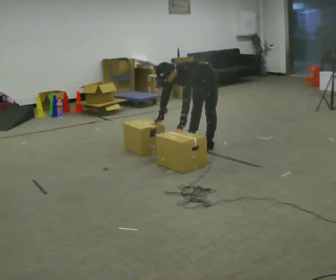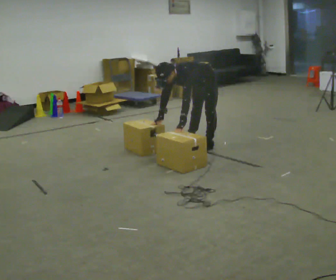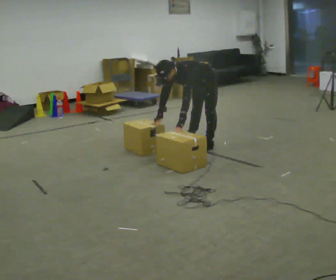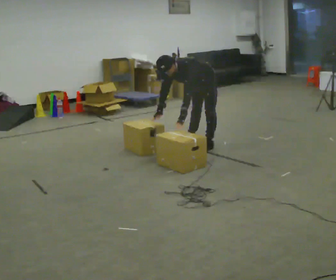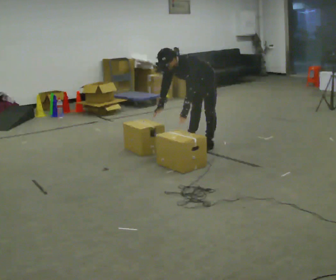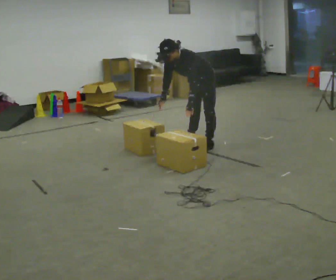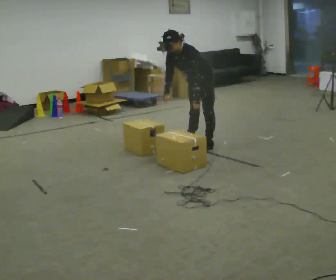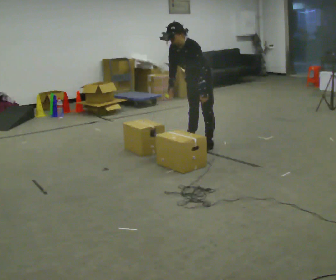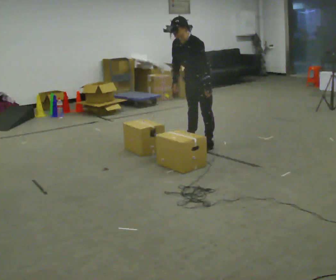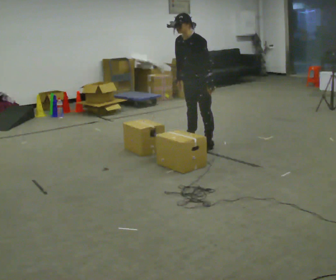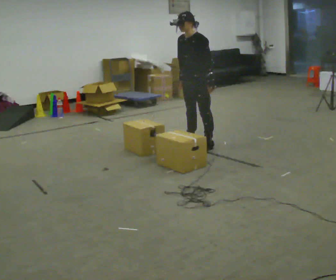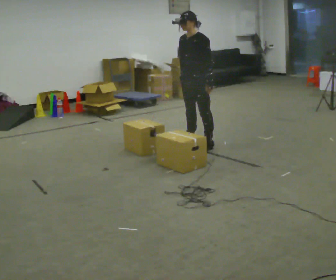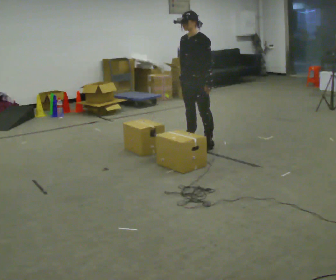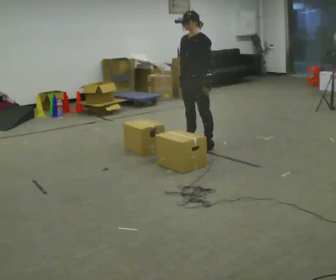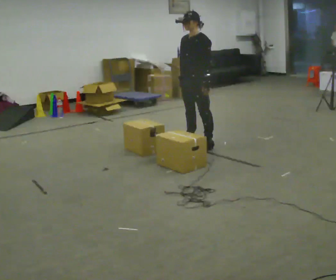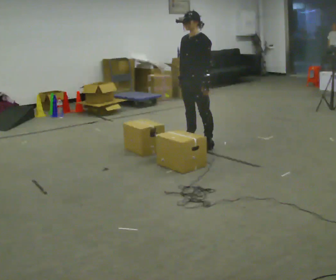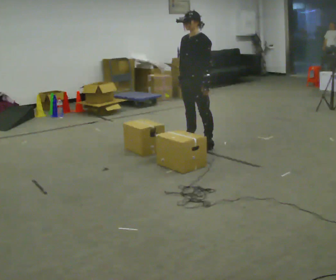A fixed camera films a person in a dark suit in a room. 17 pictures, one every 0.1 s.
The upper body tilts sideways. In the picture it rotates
clockwise.
The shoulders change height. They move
upward.
0.0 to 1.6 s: The upper body goes upward. In the picture the upper body tilts clockwise, shoulders to the right, as they lean back or straighten. In the picture their right hand goes upward.
The film runs forward here.
